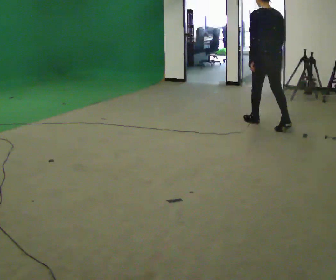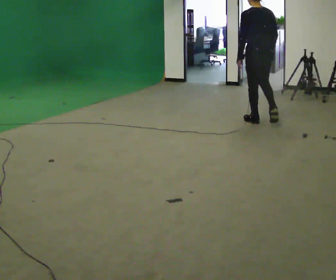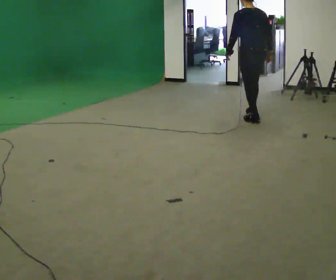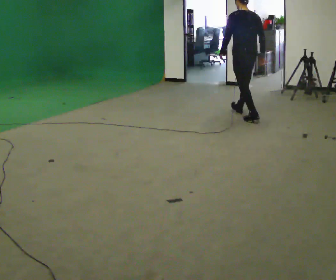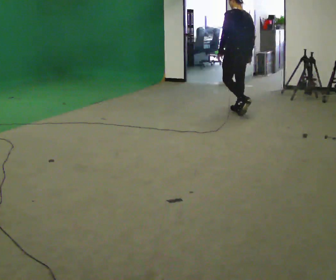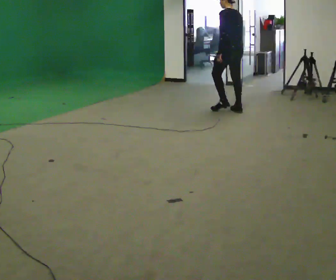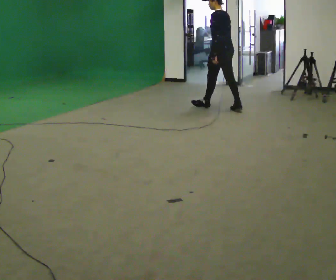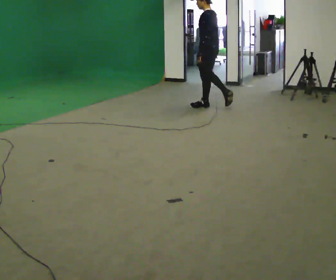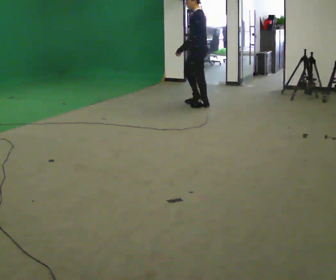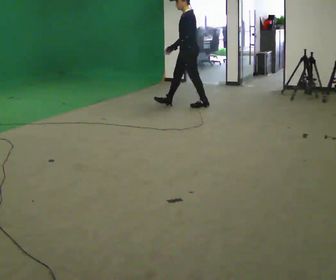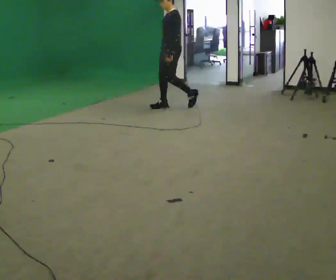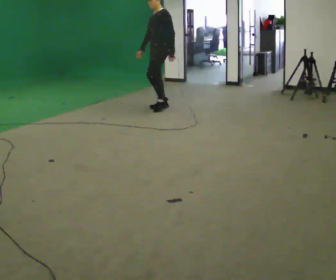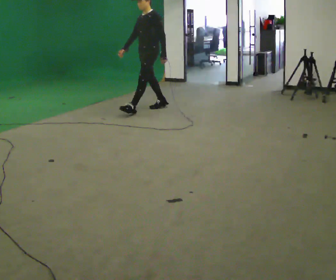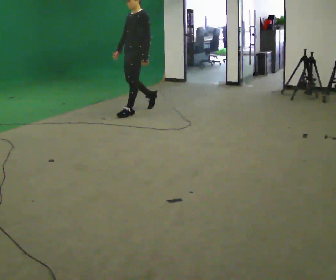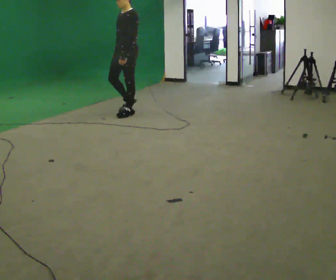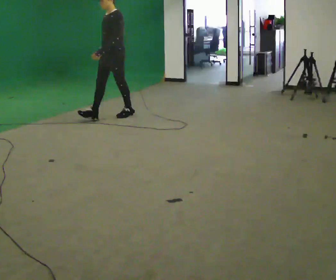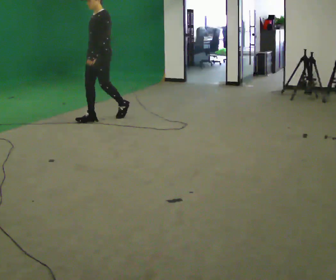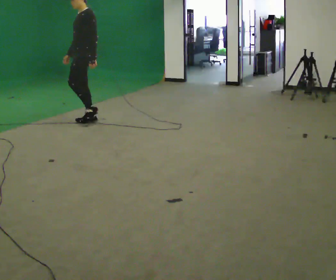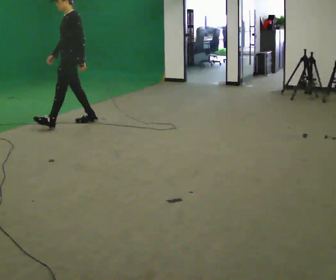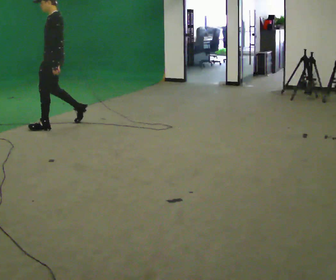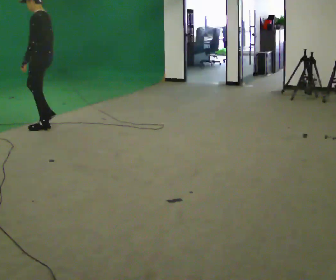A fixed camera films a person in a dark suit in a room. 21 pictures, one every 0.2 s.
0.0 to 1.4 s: The part of the body nearest the lens slides to the right as the person turns to their left by about 60 degrees. In the picture they go away from the camera and to the left, about 1 m in 2 steps, which for them is forward.
1.4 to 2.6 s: The part of the body nearest the lens slides to the right as the person turns to their left by about 60 degrees. In the picture they go to the left, about 1 m in 2 steps, which for them is forward.
2.6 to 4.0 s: Seen from above the body turns clockwise, about 45 degrees: to their right, with its near side sliding to the left. In the picture they go to the left and toward the camera, about 1.5 m in 2 steps, which for them is forward.
The film runs forward here.
